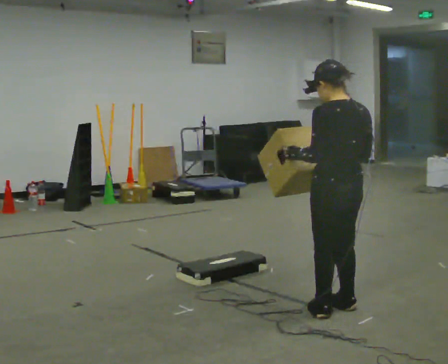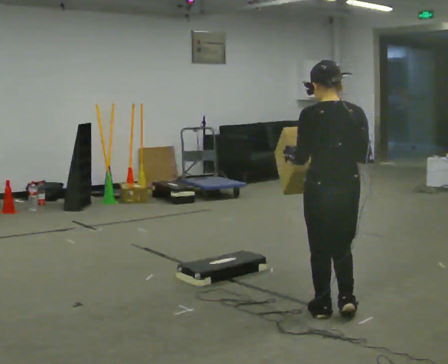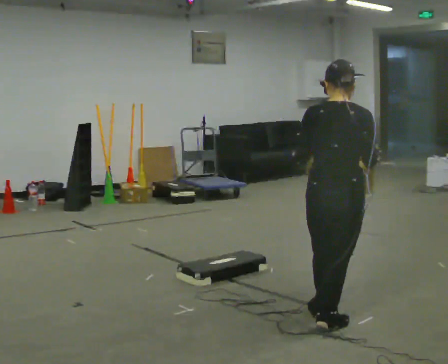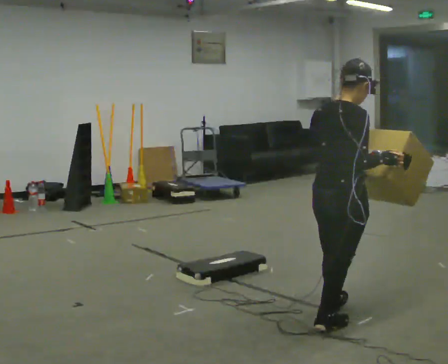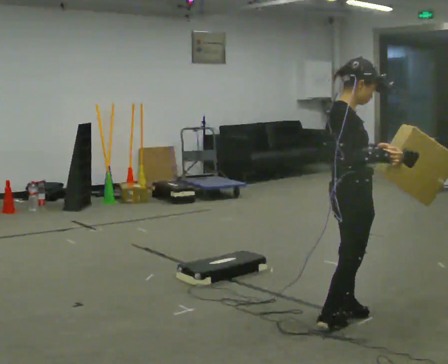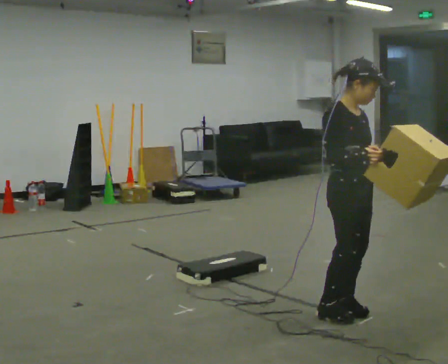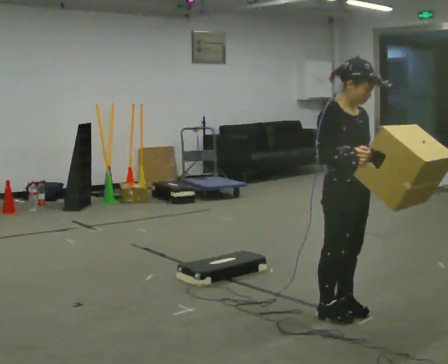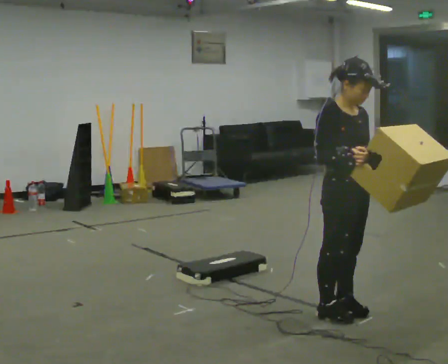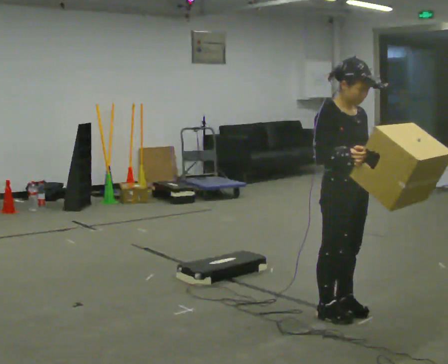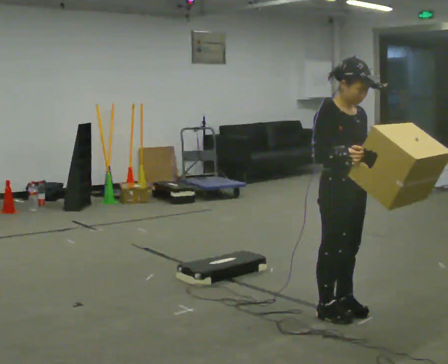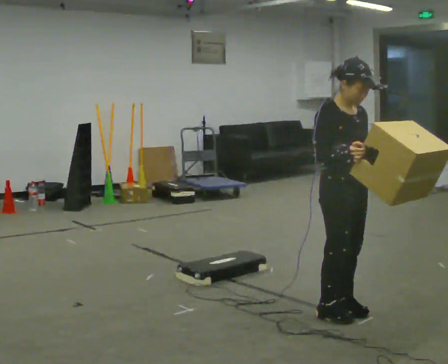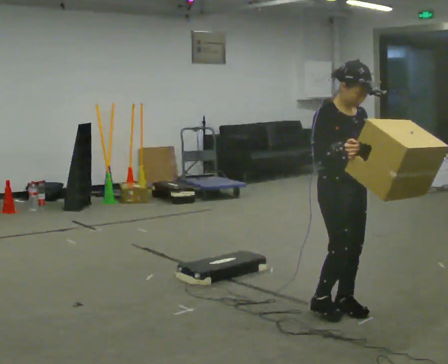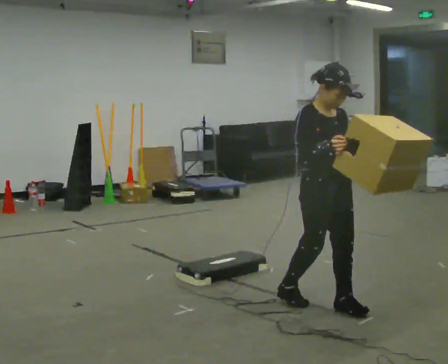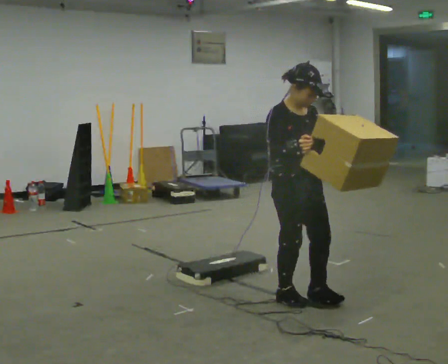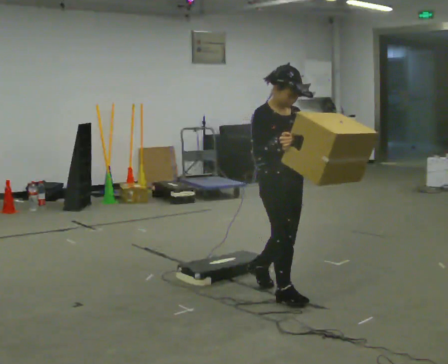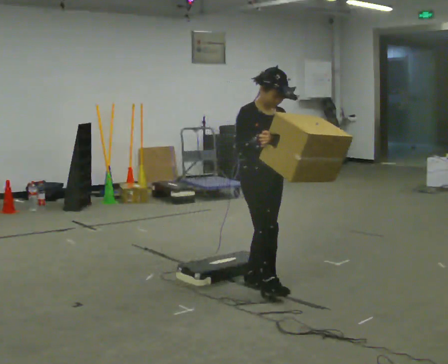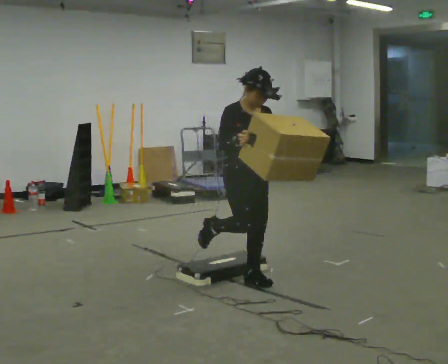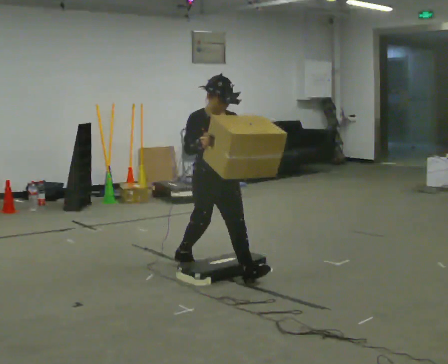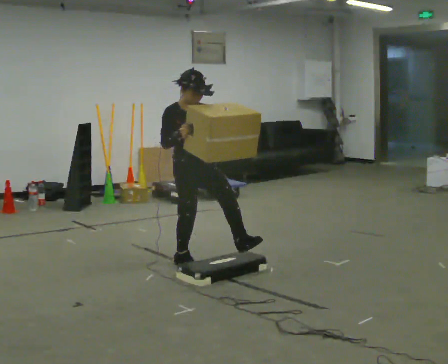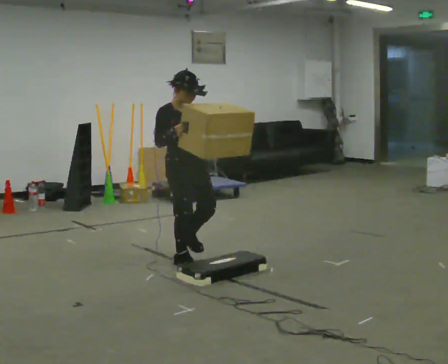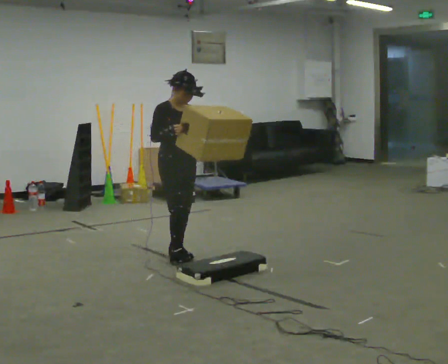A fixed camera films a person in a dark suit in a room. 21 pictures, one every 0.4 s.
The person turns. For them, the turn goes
to their right.
The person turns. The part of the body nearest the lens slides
to the left.
0.0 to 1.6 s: Seen from above the body turns clockwise, about 120 degrees: to their right, with its near side sliding to the left. In the picture their left hand goes to the right.
1.6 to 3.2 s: The person turns about 45 degrees to their right, clockwise seen from above, so the part of the body nearest the lens slides to the left.
3.2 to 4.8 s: The person moves a little, or ends about where they began.
4.8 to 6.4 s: In the picture they go to the left and away from the camera, about 1 m in 2 steps, which for them is backward.
6.4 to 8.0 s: In the picture they go to the left and away from the camera, about 1 m in 2 steps, which for them is backward.
The film runs backward here.
